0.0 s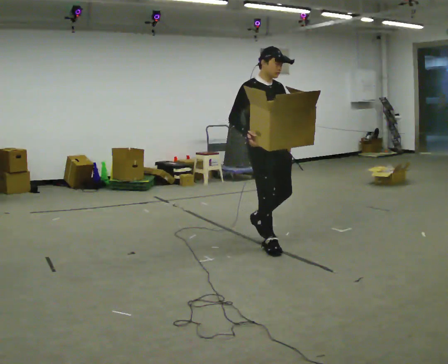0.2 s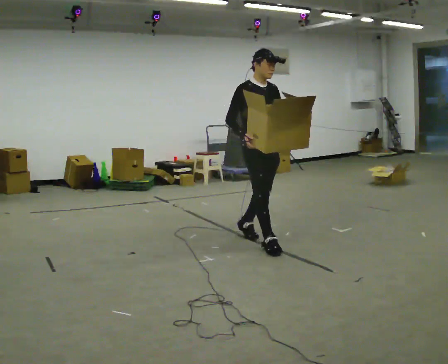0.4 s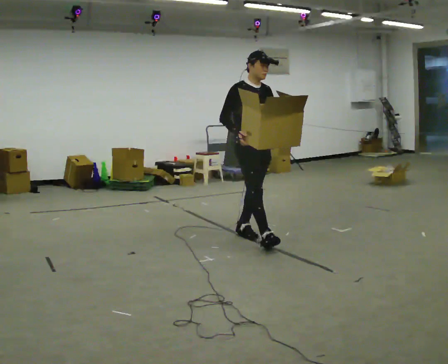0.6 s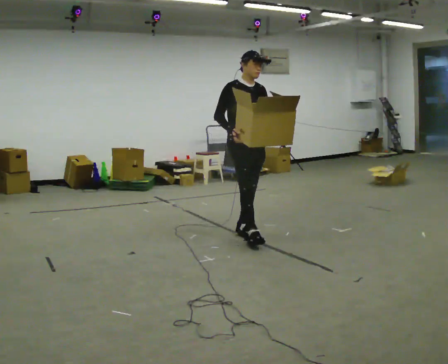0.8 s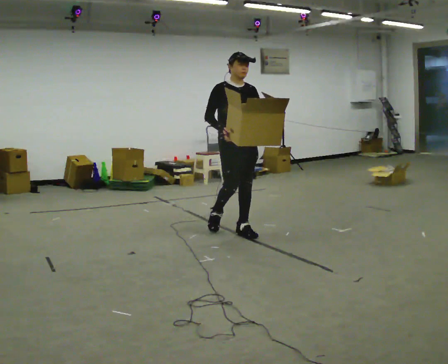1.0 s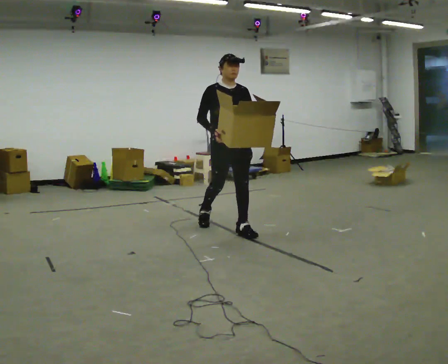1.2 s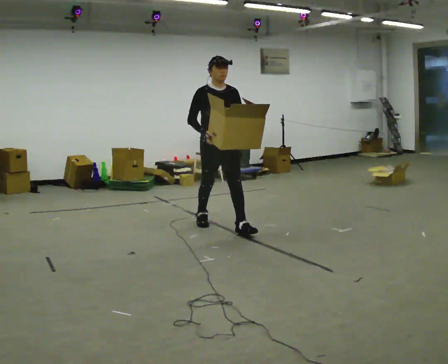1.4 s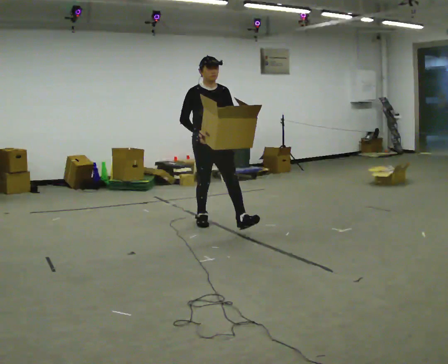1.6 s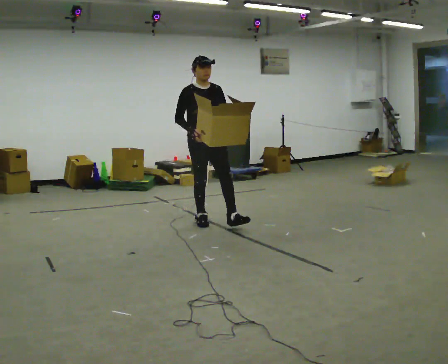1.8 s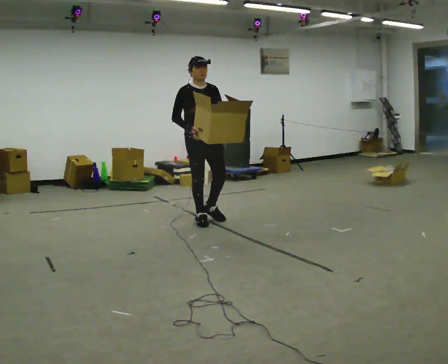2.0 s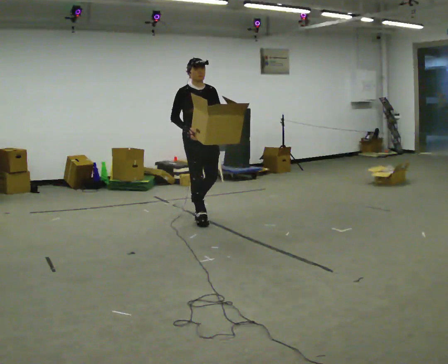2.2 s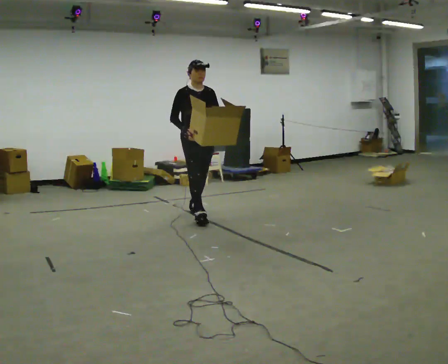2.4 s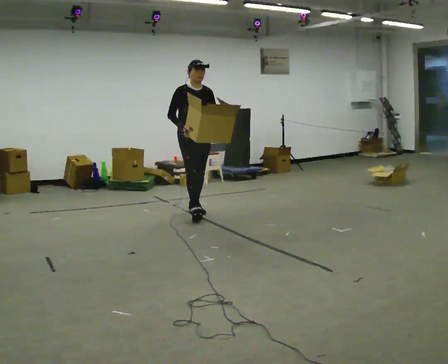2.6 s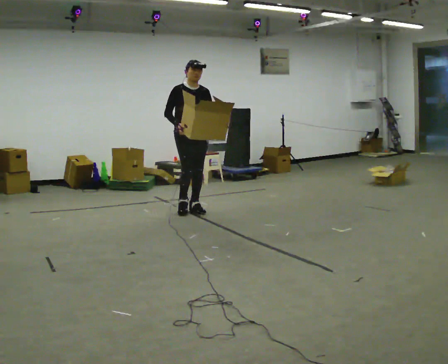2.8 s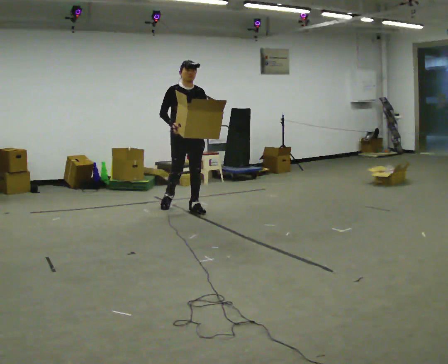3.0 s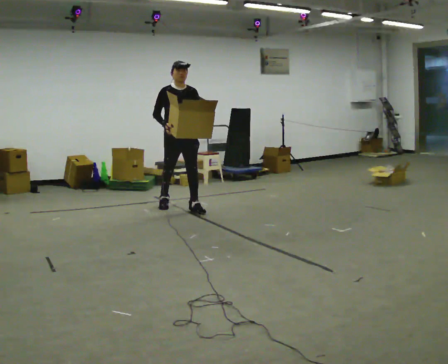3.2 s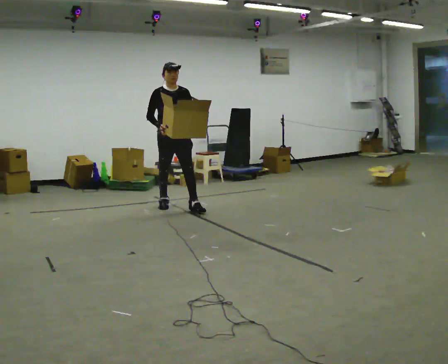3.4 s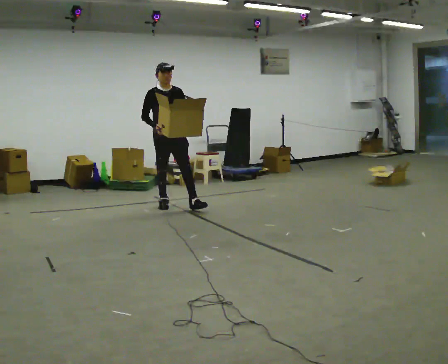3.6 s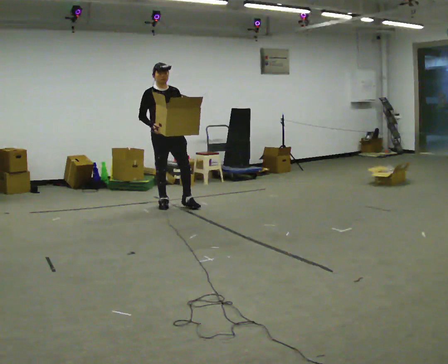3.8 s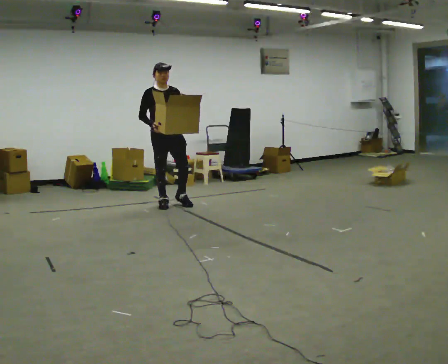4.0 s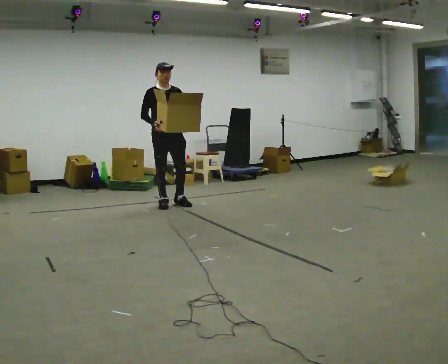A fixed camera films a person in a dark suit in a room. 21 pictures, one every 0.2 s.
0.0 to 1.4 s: In the picture they go away from the camera and to the left, about 1 m in 1 step, which for them is backward.
1.4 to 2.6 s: In the picture they go away from the camera and to the left, about 0.75 m in 2 steps, which for them is backward.
2.6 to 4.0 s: In the picture they go to the left and away from the camera, about 0.5 m in 1 step, which for them is backward and to their right.
The film runs backward here.
